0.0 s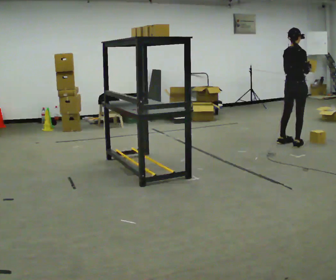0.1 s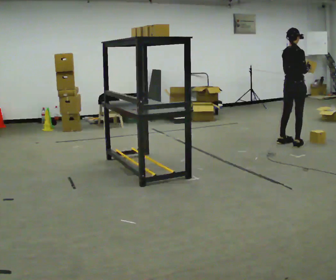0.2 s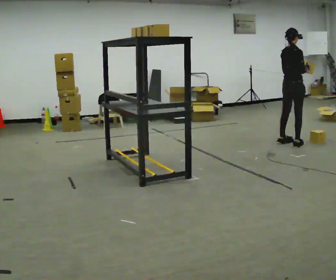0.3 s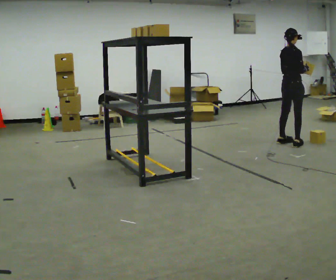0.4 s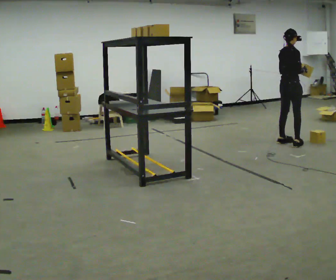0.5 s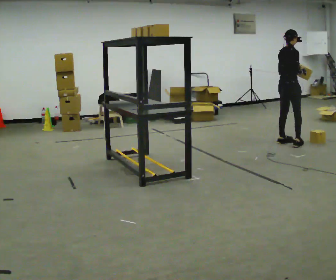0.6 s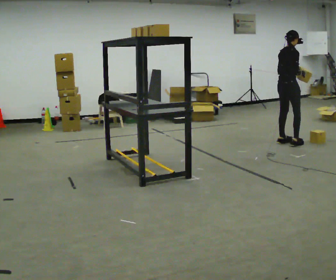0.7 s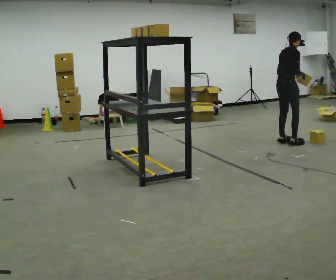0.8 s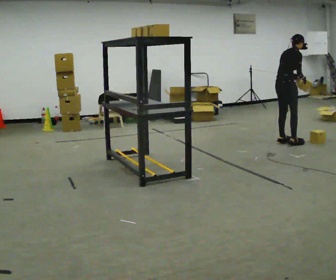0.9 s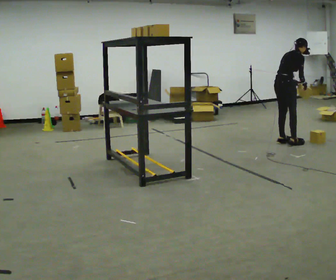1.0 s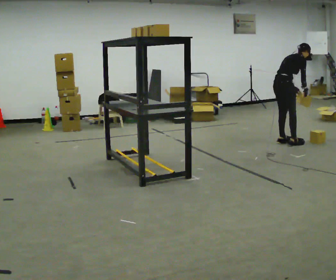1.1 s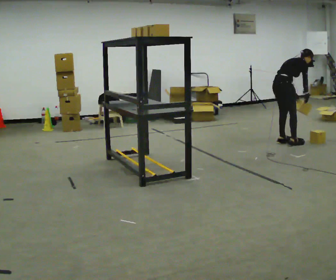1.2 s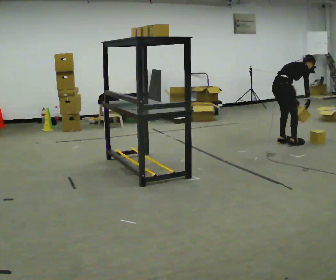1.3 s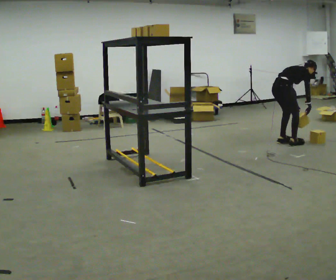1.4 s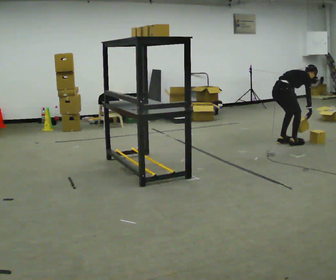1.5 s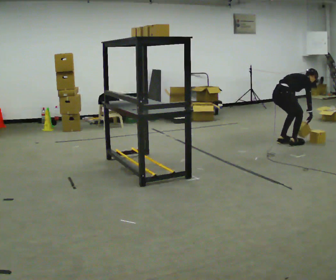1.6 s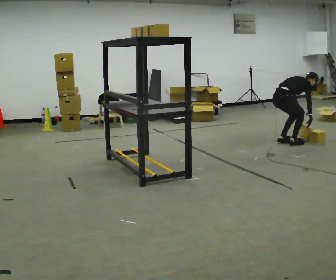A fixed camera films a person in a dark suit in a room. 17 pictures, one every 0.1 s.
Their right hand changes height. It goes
downward.
The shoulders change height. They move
downward.
0.0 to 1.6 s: In the picture they go to the left, about 0.25 m, which for them is backward. The shoulders move downward. In the picture the upper body tilts clockwise, shoulders to the right, as they bend forward. In the picture their left hand goes downward.
The film runs backward here.
